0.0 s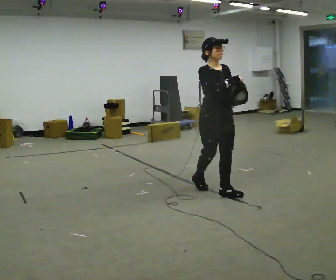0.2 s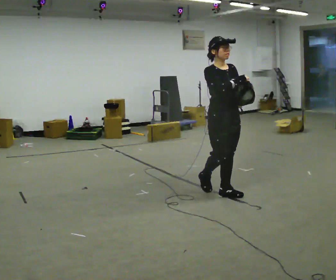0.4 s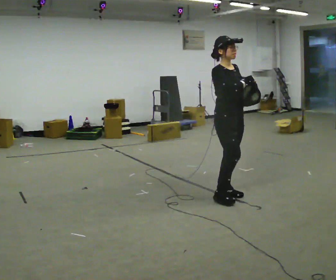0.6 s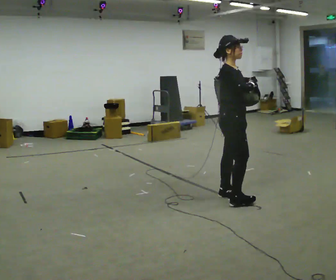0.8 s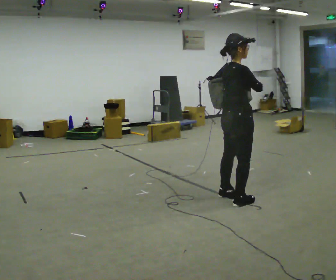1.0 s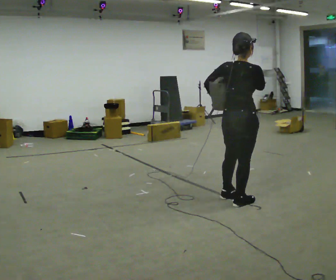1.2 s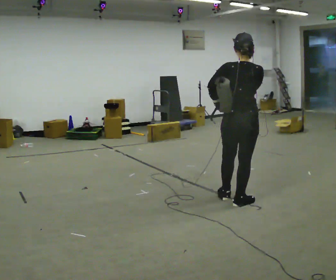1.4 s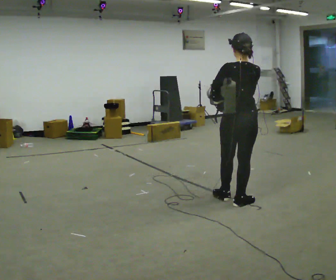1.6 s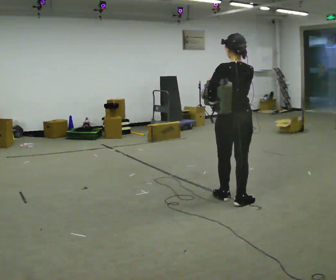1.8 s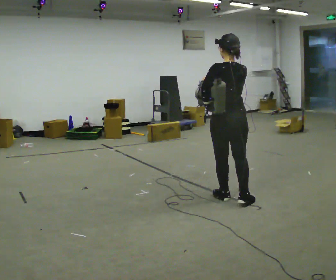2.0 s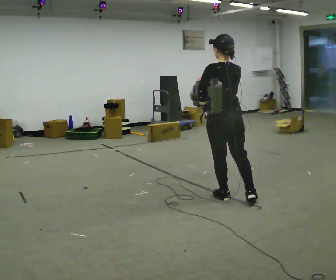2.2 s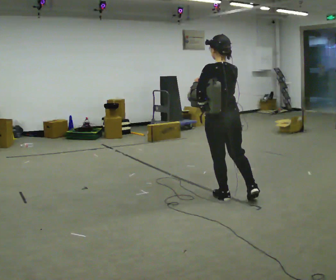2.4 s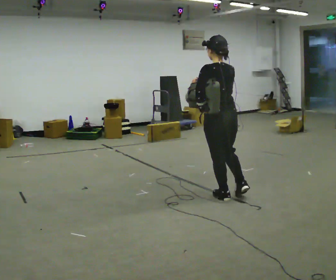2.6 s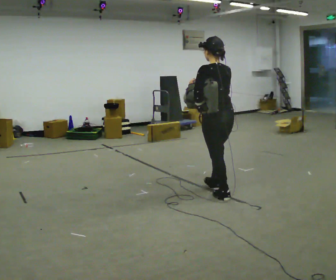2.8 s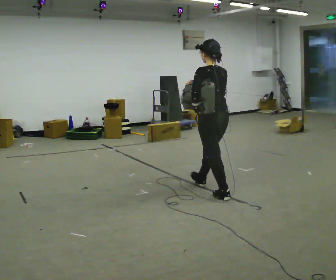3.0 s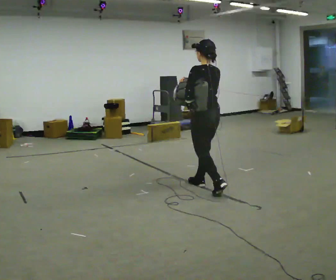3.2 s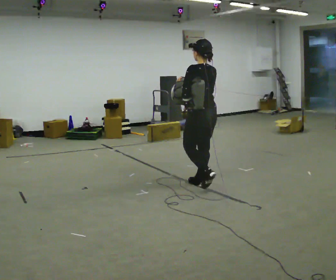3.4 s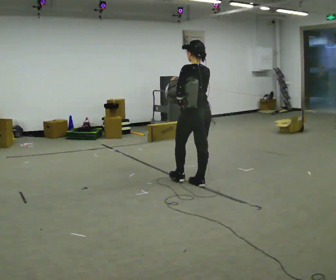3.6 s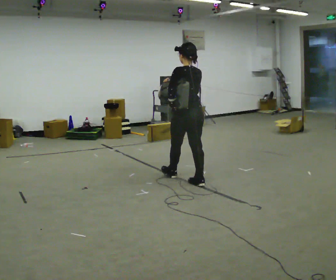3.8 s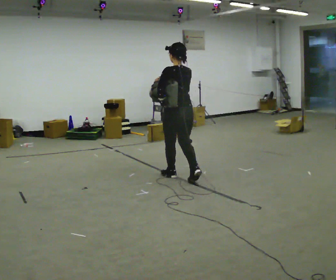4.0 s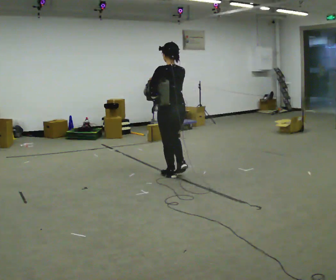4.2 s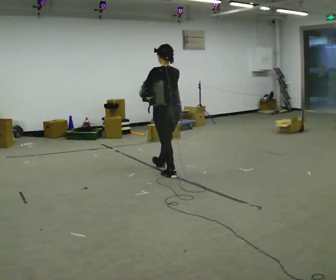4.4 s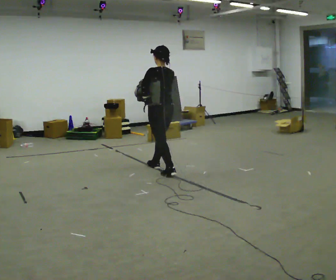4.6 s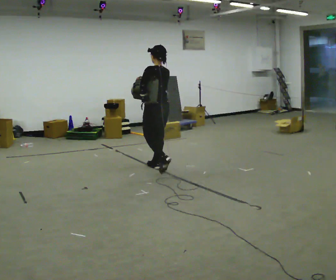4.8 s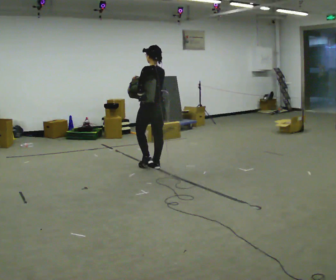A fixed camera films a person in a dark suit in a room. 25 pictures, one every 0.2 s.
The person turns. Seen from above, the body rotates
counterclockwise.
The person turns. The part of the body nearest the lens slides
to the right.
0.0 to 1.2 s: The part of the body nearest the lens slides to the right as the person turns to their left by about 150 degrees. In the picture they go toward the camera and to the right, about 0.5 m in 1 step.
1.2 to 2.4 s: The person turns about 30 degrees to their left, counterclockwise seen from above, so the part of the body nearest the lens slides to the right. In the picture they go to the left, about 0.25 m, which for them is forward and to their left.
2.4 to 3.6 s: In the picture they go away from the camera and to the left, about 0.75 m in 2 steps, which for them is forward.
3.6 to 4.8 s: In the picture they go to the left and away from the camera, about 1 m in 1 step, which for them is forward.
The film runs forward here.
